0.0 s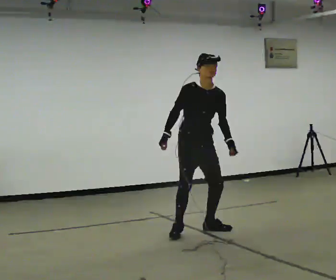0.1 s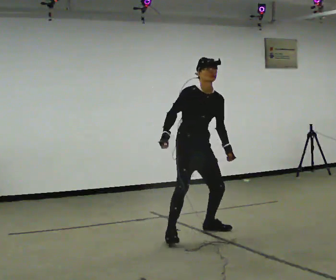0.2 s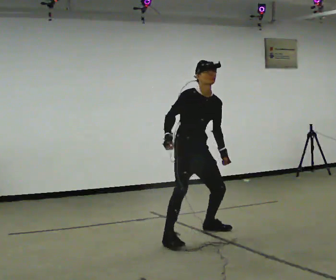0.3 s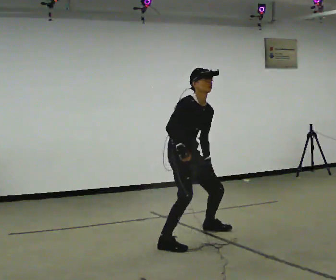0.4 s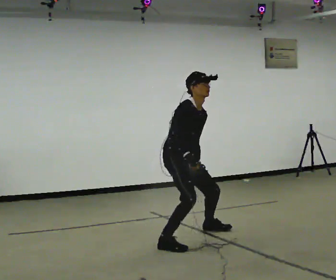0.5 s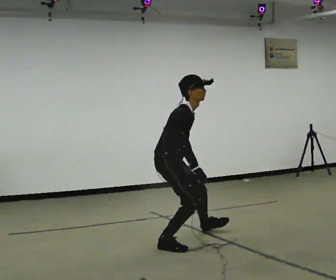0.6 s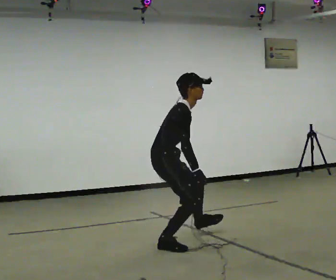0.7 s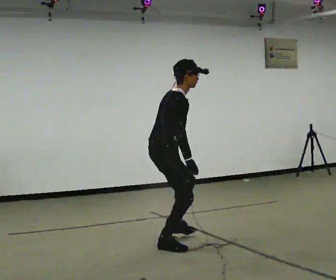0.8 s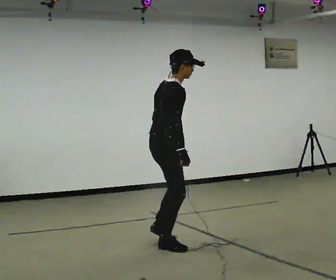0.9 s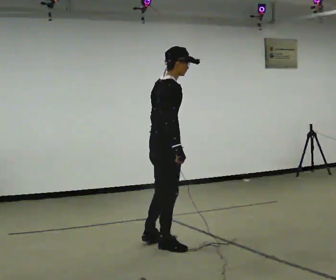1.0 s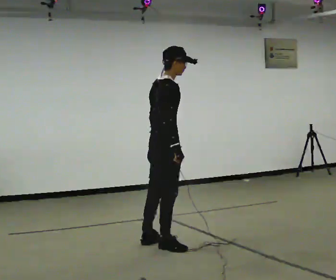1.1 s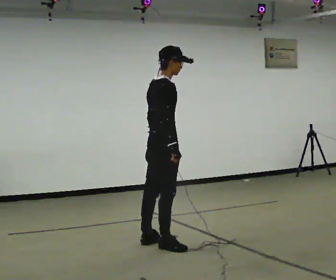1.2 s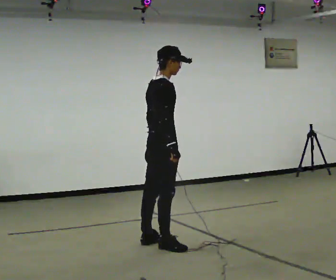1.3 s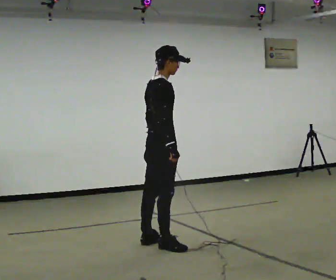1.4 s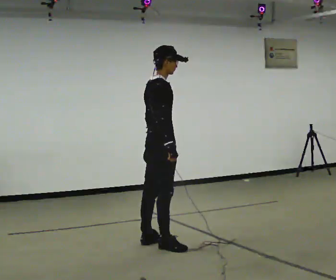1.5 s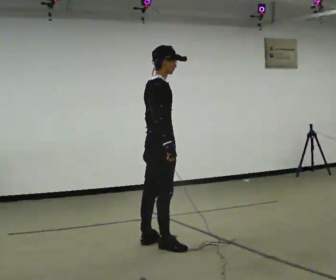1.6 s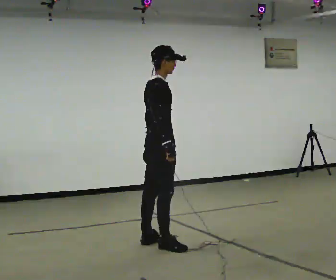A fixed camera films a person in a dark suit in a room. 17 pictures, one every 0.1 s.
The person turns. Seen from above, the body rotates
counterclockwise.
The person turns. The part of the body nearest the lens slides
to the right.
0.0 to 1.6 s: The person turns about 75 degrees to their left, counterclockwise seen from above, so the part of the body nearest the lens slides to the right. In the picture they go toward the camera and to the left, about 0.5 m in 1 step.
The film runs backward here.
